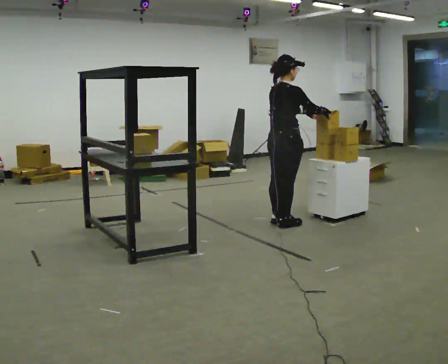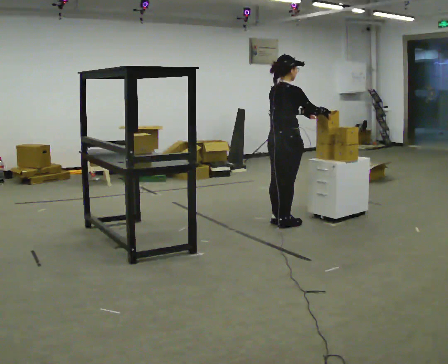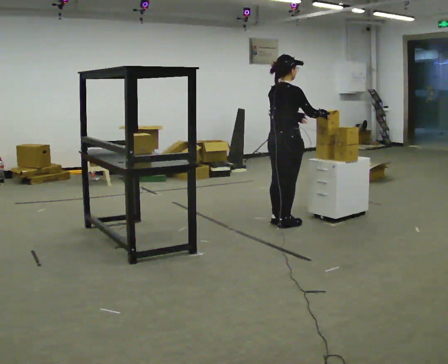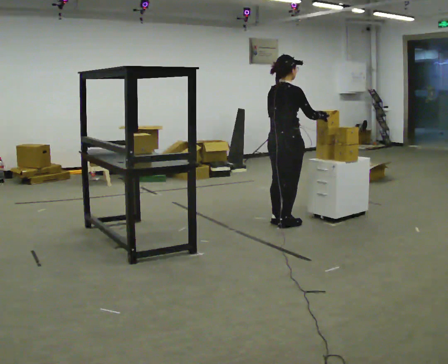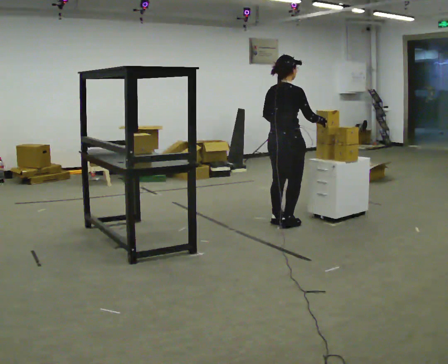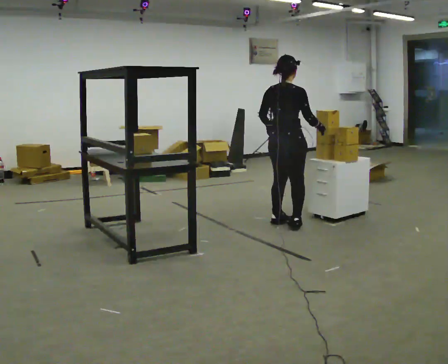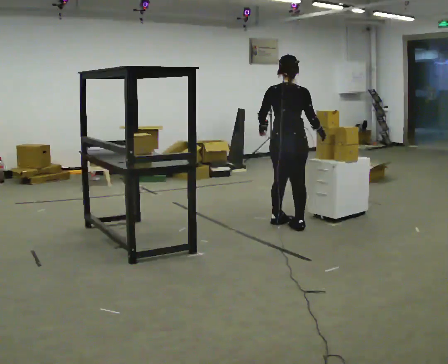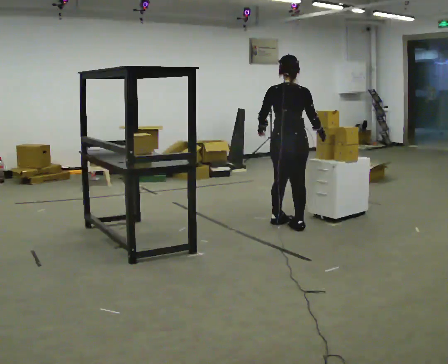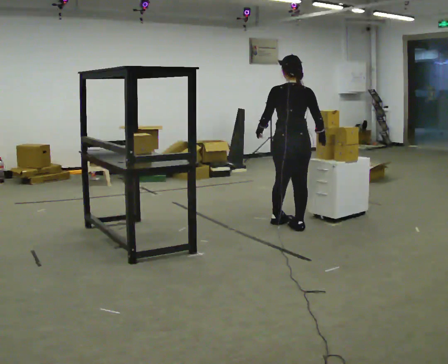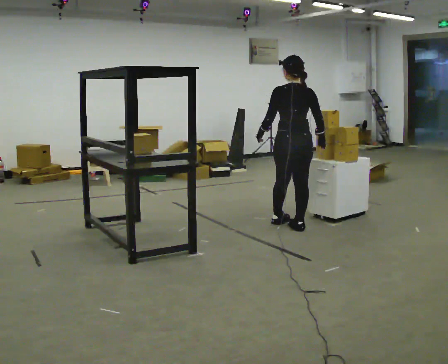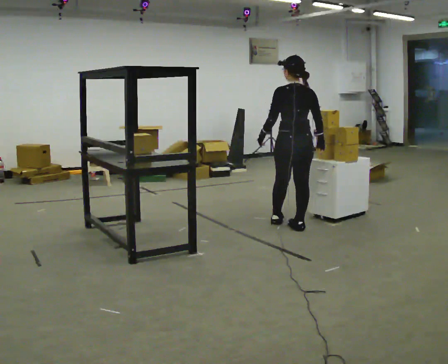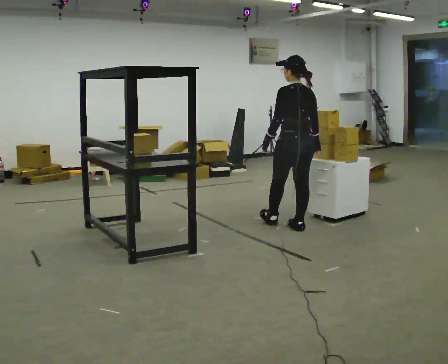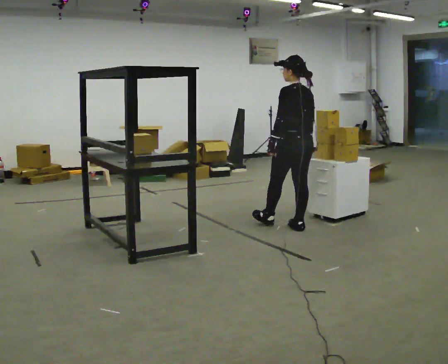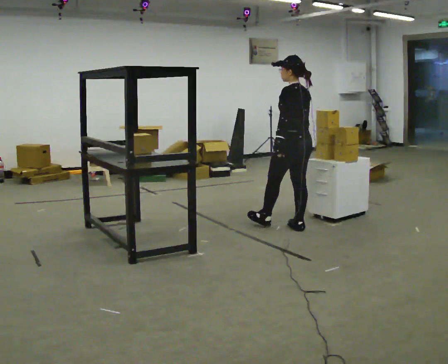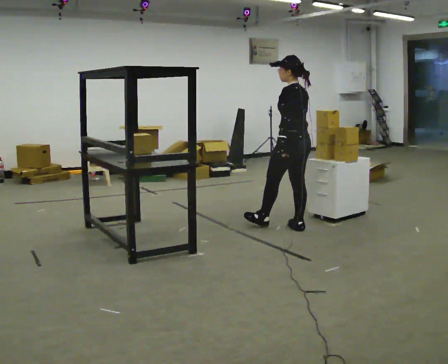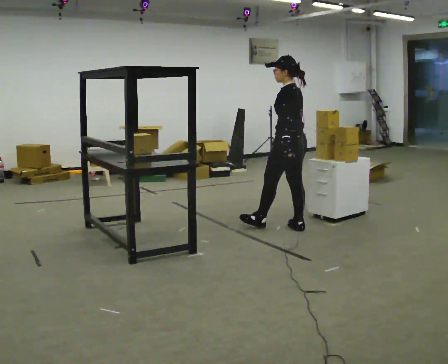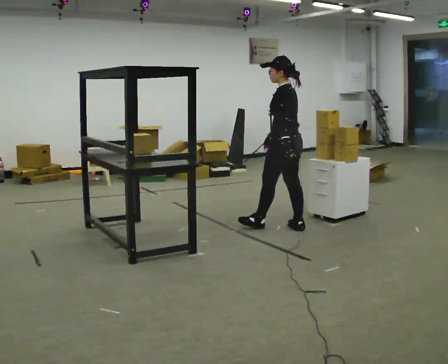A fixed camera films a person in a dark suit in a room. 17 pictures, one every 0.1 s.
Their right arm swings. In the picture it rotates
clockwise.
The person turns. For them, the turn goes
to their left.
0.0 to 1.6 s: The person turns about 120 degrees to their left, counterclockwise seen from above, so the part of the body nearest the lens slides to the right.
The film runs forward here.
